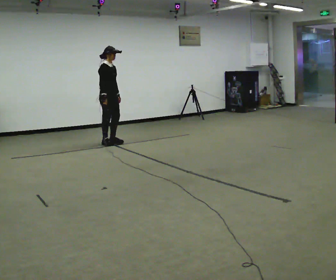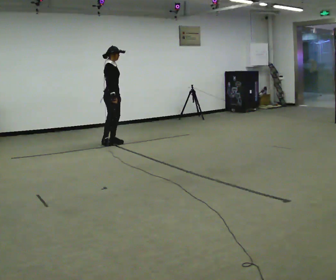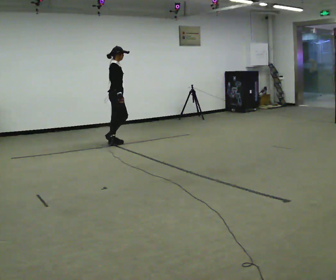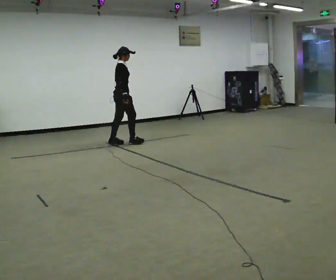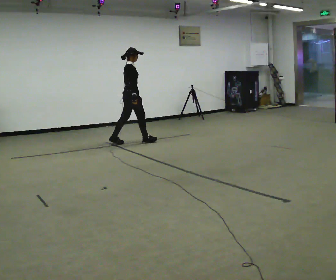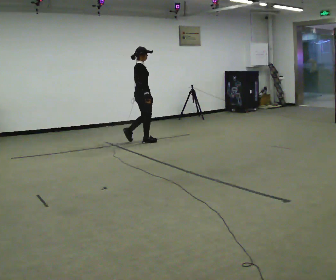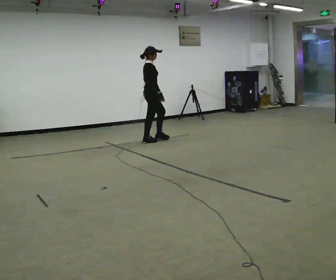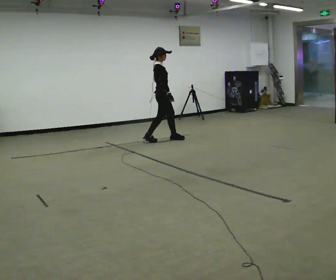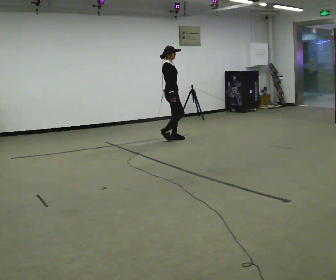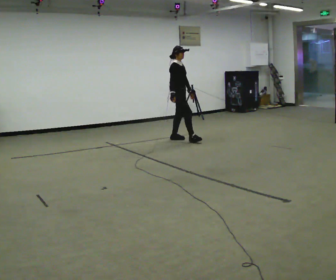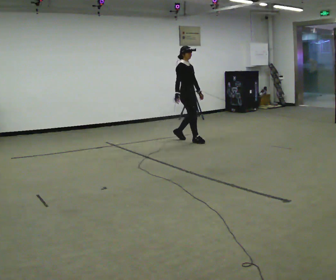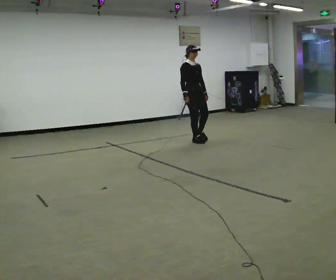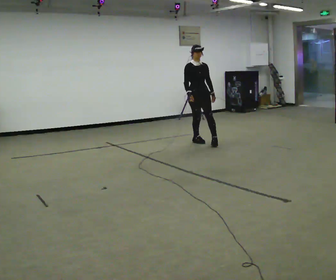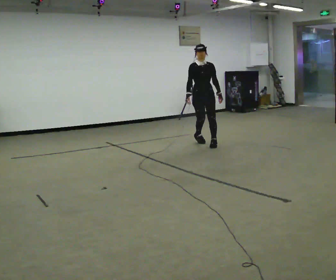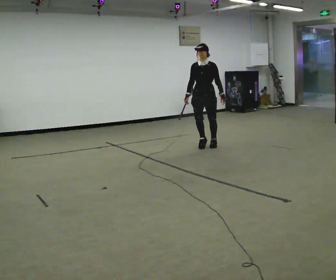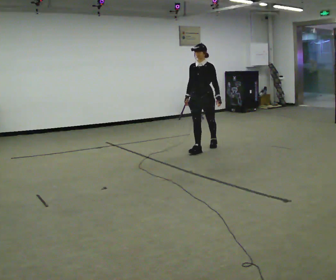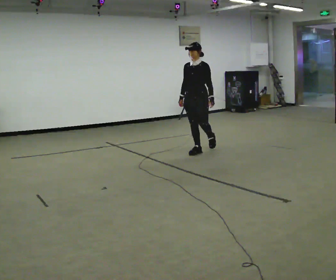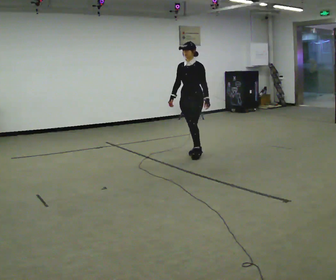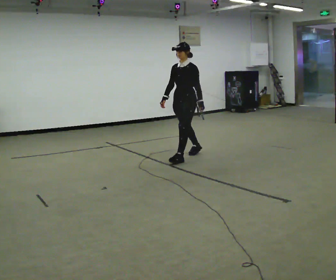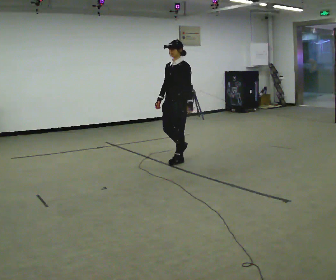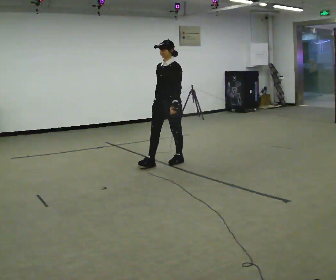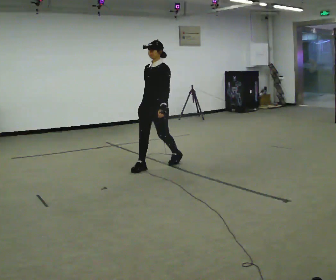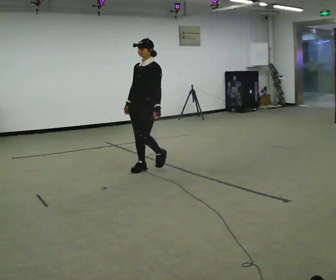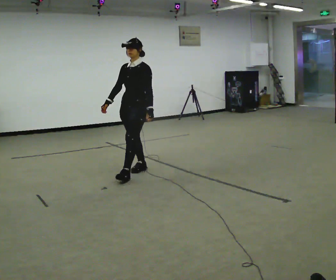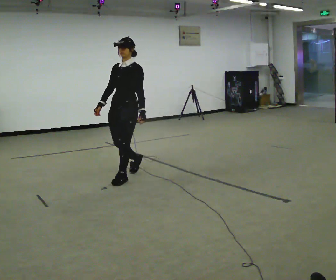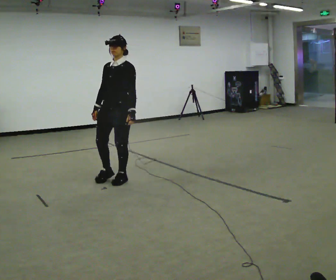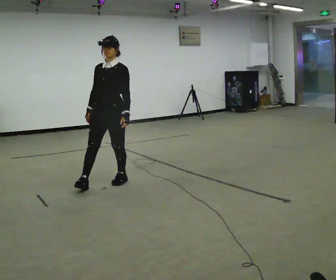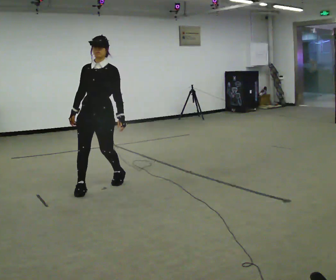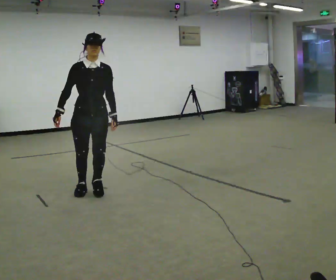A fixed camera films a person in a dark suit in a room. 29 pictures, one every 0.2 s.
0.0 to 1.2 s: The part of the body nearest the lens slides to the right as the person turns to their left by about 45 degrees. In the picture they go to the right, about 0.5 m in 1 step, which for them is forward.
1.2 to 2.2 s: The part of the body nearest the lens slides to the left as the person turns to their right by about 60 degrees. In the picture they go to the right, about 0.5 m in 2 steps.
2.2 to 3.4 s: Seen from above the body turns clockwise, about 75 degrees: to their right, with its near side sliding to the left. In the picture they go toward the camera, about 1 m in 2 steps.
3.4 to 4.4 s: In the picture they go toward the camera and to the left, about 1 m in 2 steps, which for them is forward.
4.4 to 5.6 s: The part of the body nearest the lens slides to the right as the person turns to their left by about 45 degrees. In the picture they go toward the camera and to the left, about 1 m in 2 steps, which for them is forward.
The film runs forward here.
